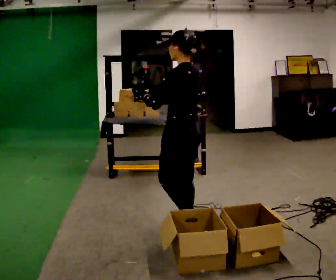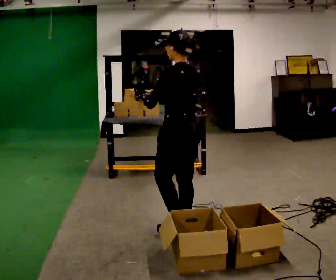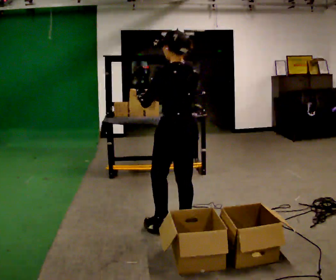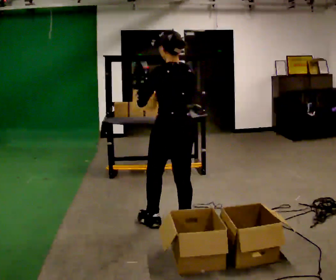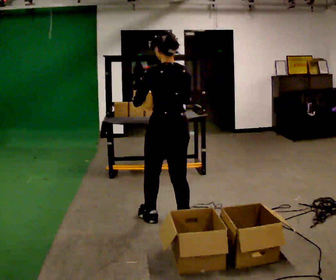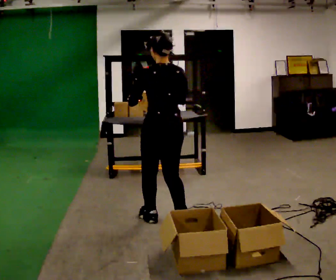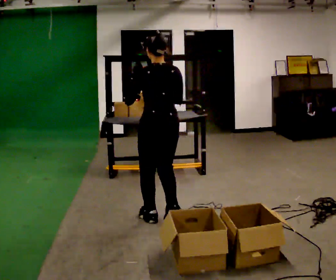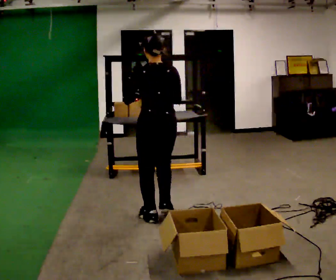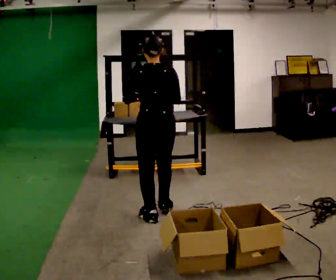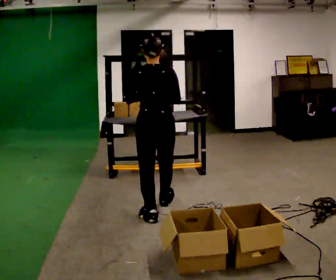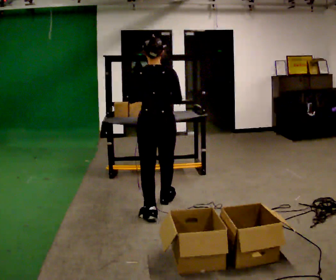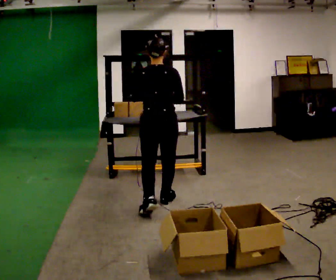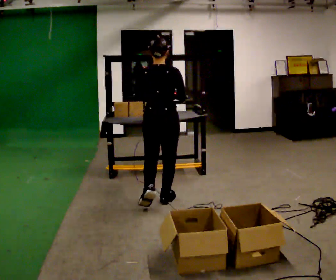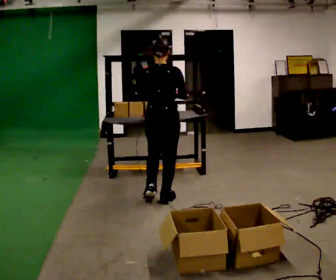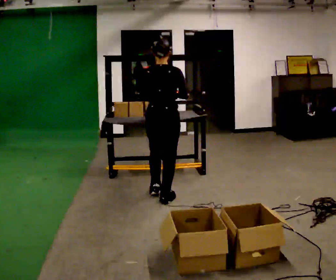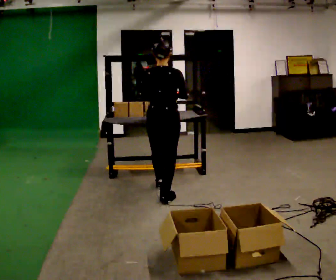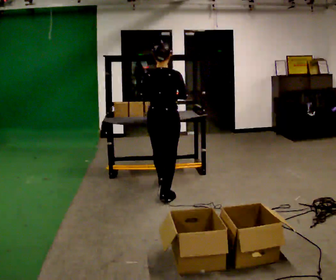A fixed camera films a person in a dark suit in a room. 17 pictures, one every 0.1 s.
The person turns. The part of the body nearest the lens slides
to the left.
The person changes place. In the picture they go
away from the camera.
0.0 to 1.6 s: The person turns about 75 degrees to their right, clockwise seen from above, so the part of the body nearest the lens slides to the left. In the picture they go away from the camera, about 1 m in 3 steps.
The film runs forward here.
